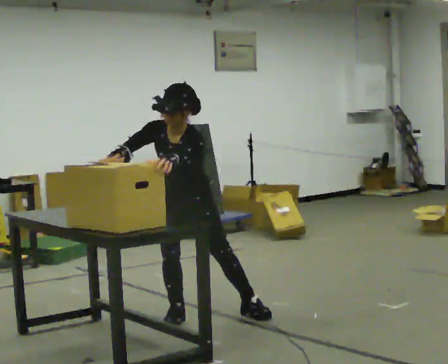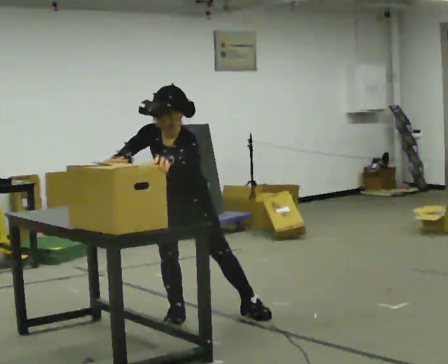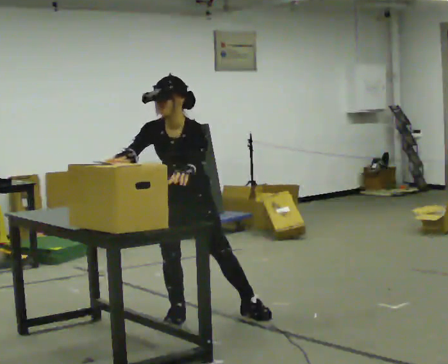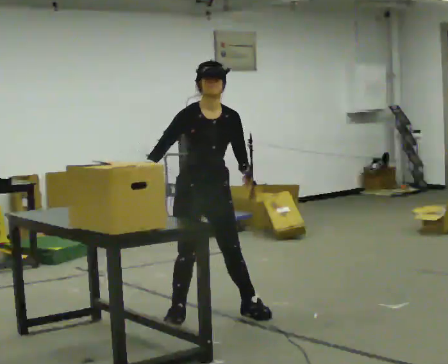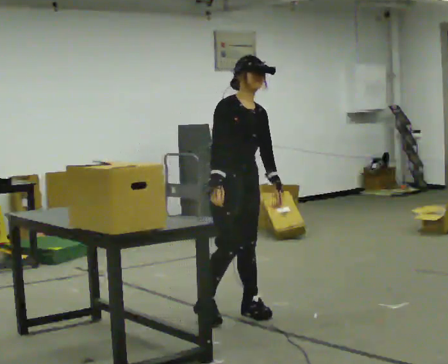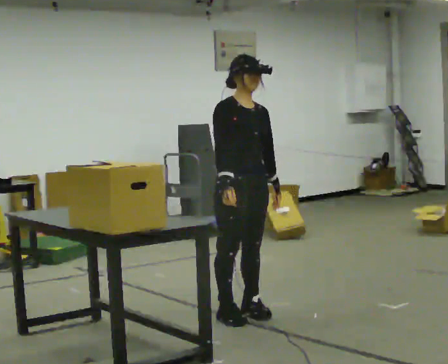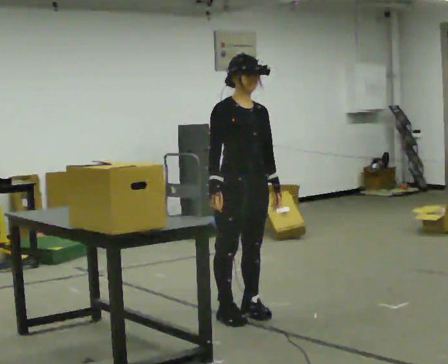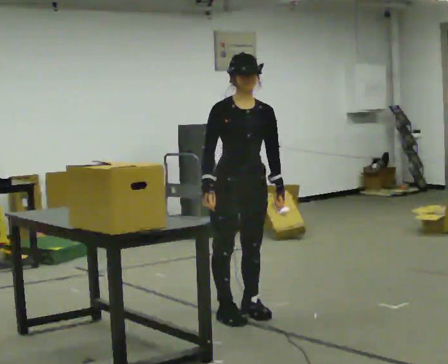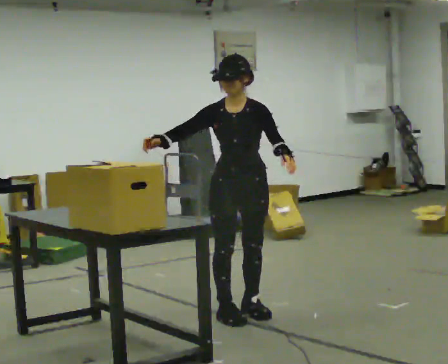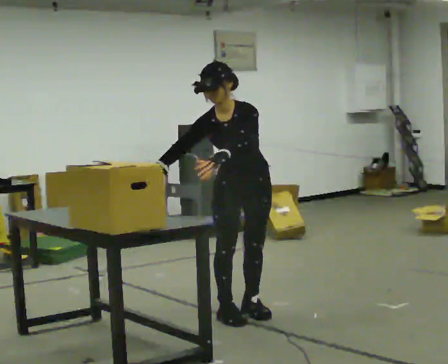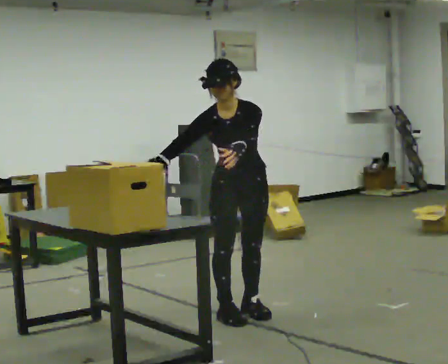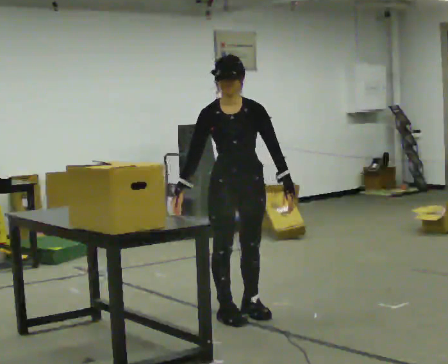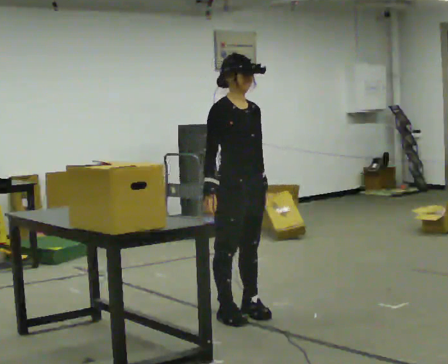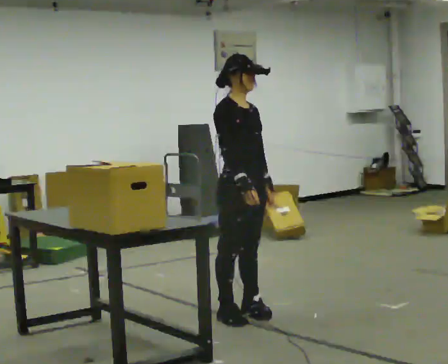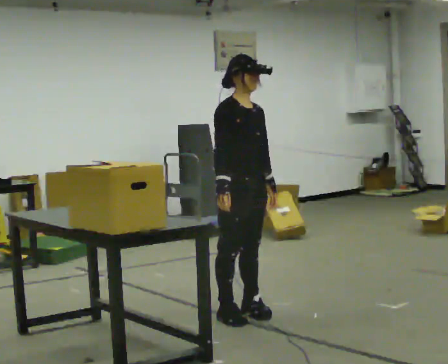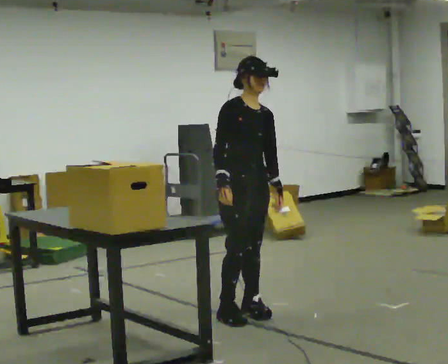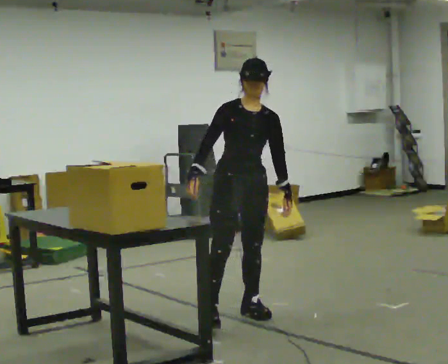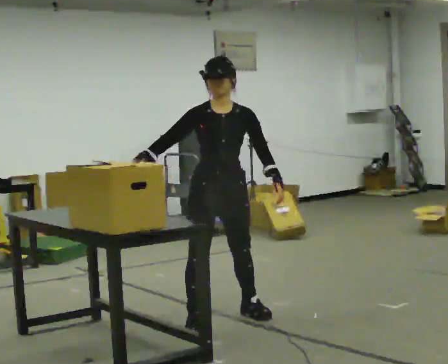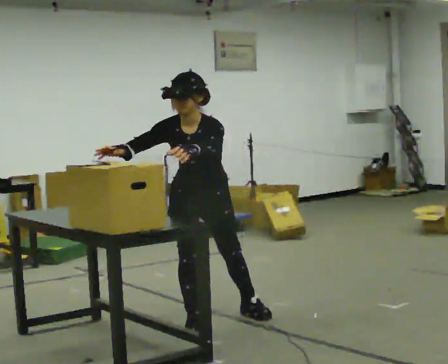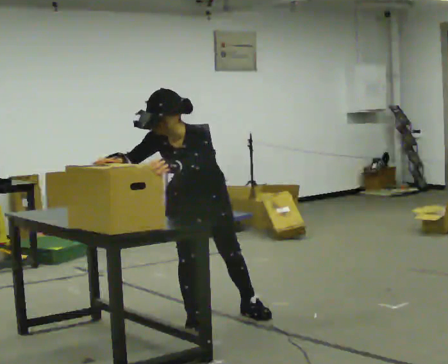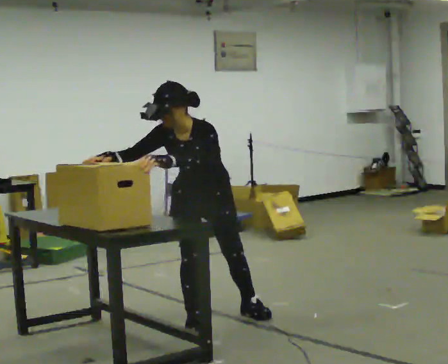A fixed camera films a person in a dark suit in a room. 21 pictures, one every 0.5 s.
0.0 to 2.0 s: Seen from above the body turns counterclockwise, about 60 degrees: to their left, with its near side sliding to the right. In the picture they go to the right, about 0.25 m, which for them is to their left. The upper body tips away from the camera, its near side rolling upward, as they lean back or straighten.
2.0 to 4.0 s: The part of the body nearest the lens slides to the left as the person turns to their right by about 45 degrees. The upper body tips toward the camera, its near side rolling downward.
4.0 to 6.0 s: The part of the body nearest the lens slides to the right as the person turns to their left by about 60 degrees.
6.0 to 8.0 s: The person turns about 30 degrees to their right, clockwise seen from above, so the part of the body nearest the lens slides to the left.
8.0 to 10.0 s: The person turns about 30 degrees to their right, clockwise seen from above, so the part of the body nearest the lens slides to the left. In the picture they go to the left, about 0.25 m in 1 step, which for them is to their right and forward. The upper body tips toward the camera, its near side rolling downward, as they bend forward. In the picture their left hand goes to the left.
The film runs forward here.
